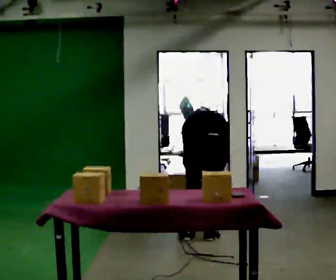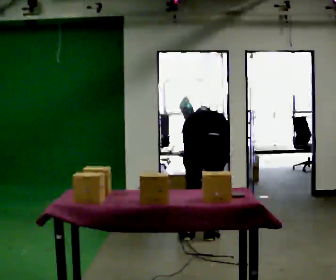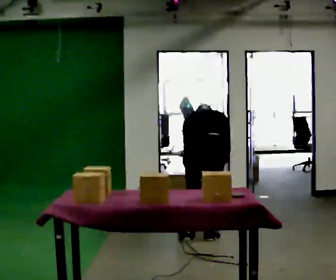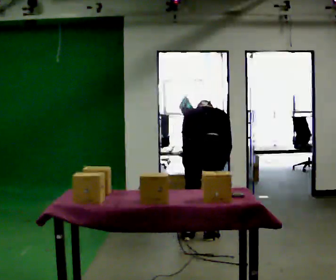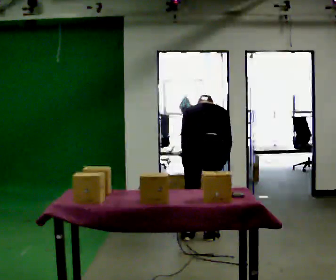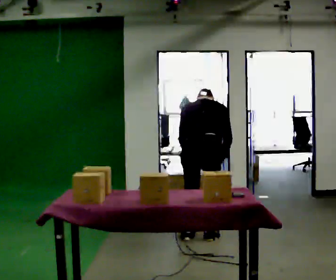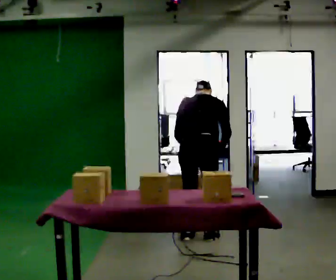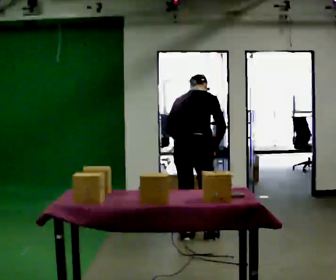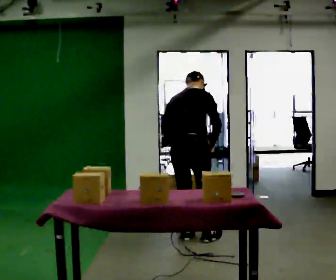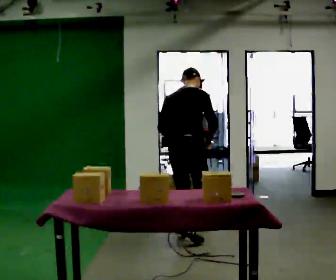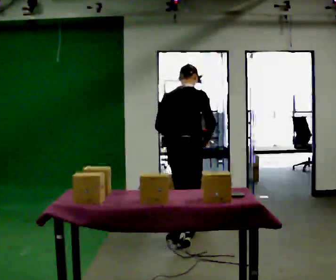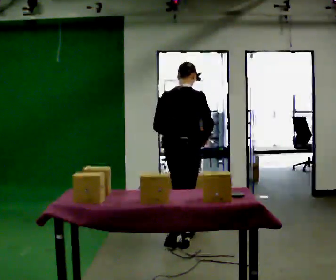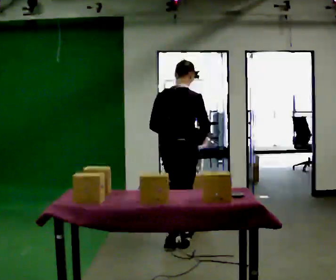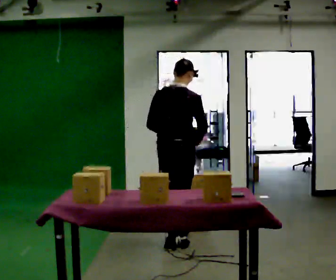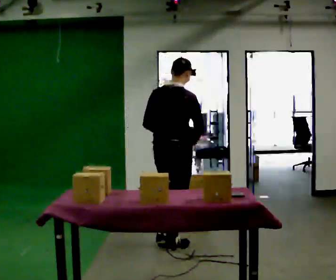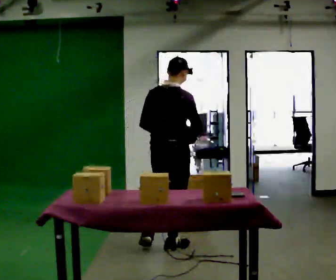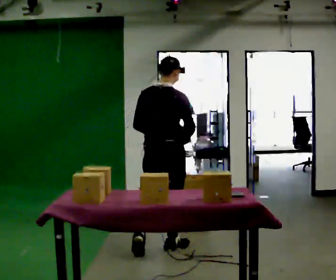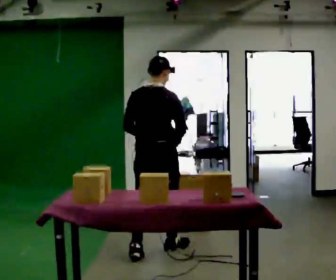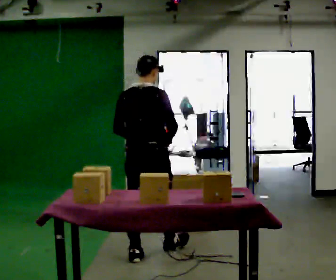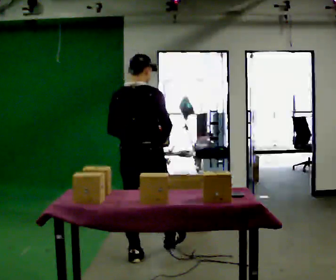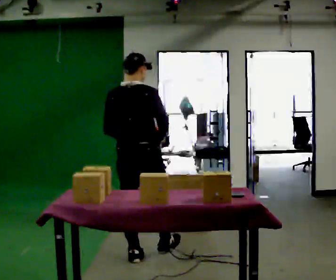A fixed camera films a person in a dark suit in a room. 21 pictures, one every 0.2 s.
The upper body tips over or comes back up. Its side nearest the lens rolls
downward.
The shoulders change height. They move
upward.
0.0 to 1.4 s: The upper body goes upward. The upper body tips toward the camera, its near side rolling downward, as they lean back or straighten.
1.4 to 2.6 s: In the picture they go toward the camera, about 0.25 m in 2 steps, which for them is backward. The upper body tips toward the camera, its near side rolling downward, as they lean back or straighten.
2.6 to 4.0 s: In the picture they go toward the camera and to the left, about 0.5 m in 1 step, which for them is backward.
The film runs backward here.
